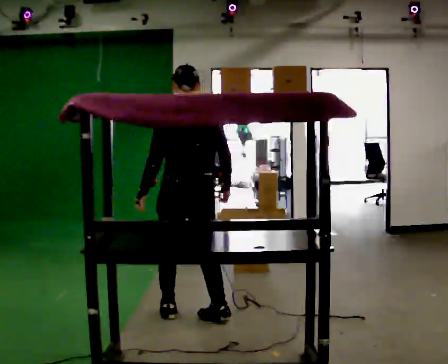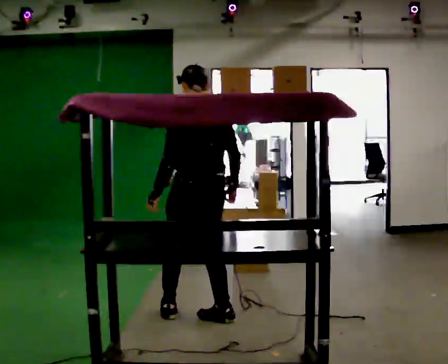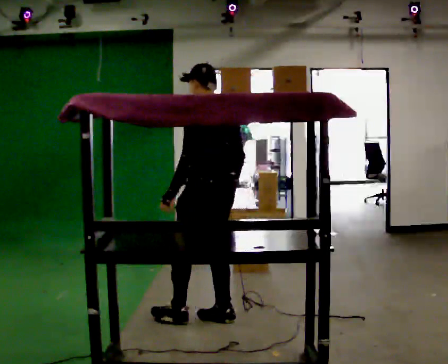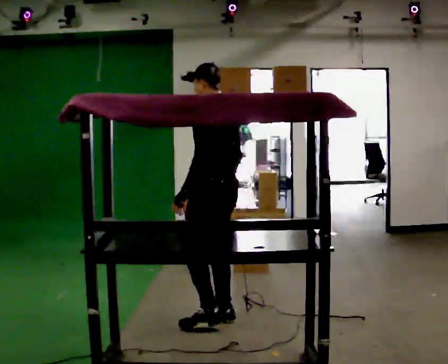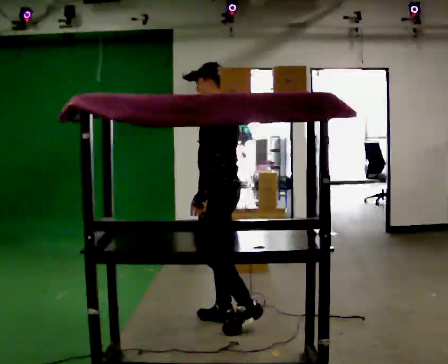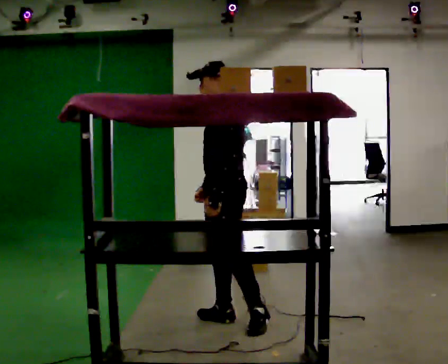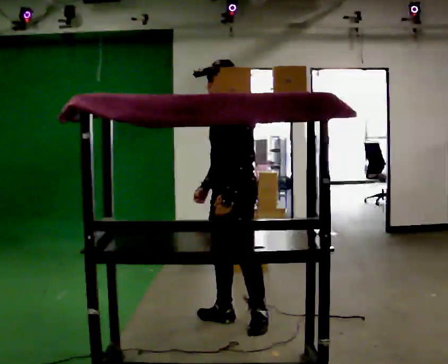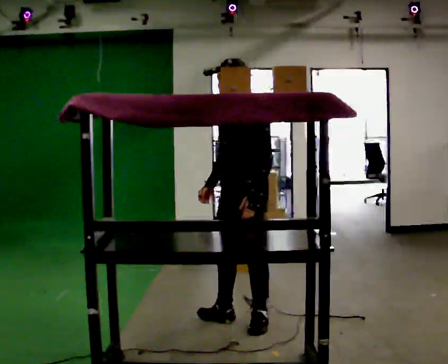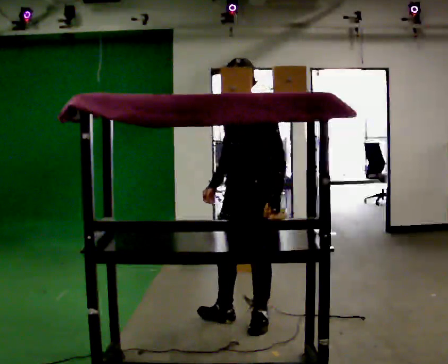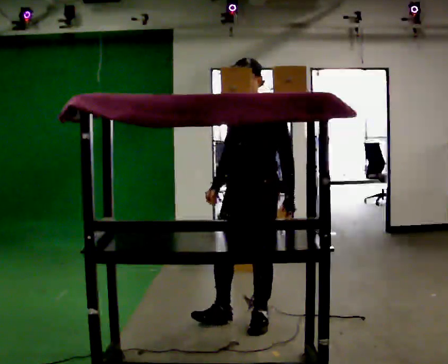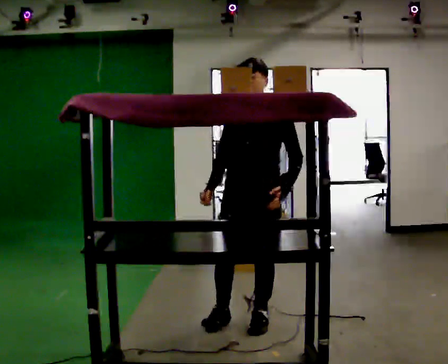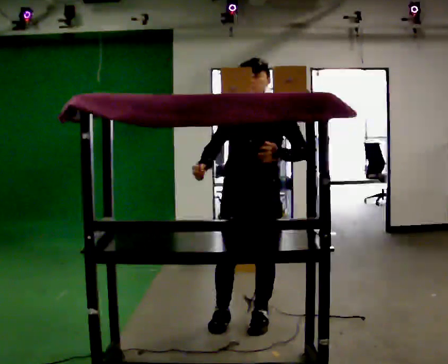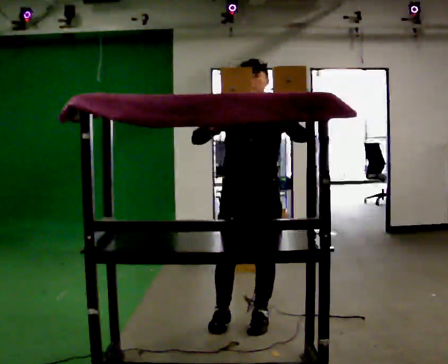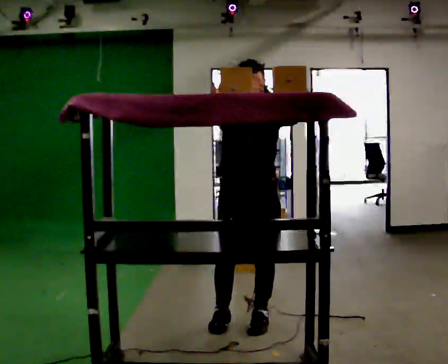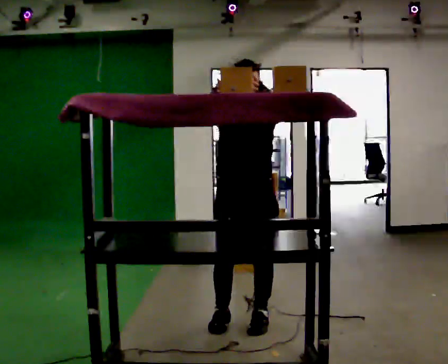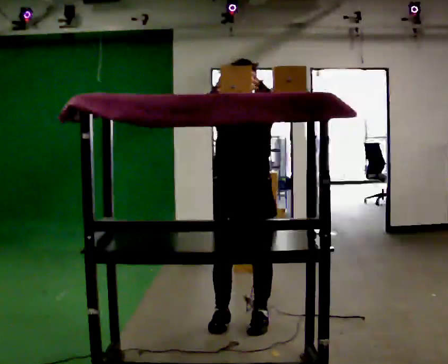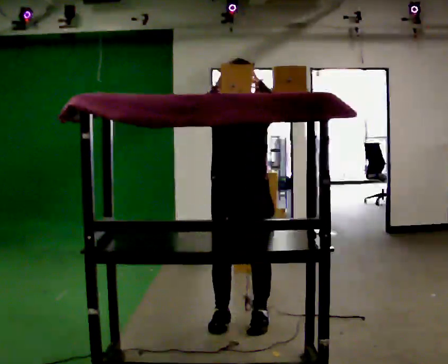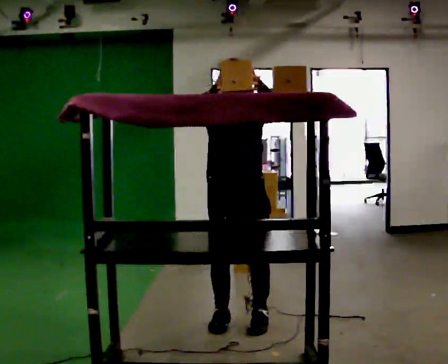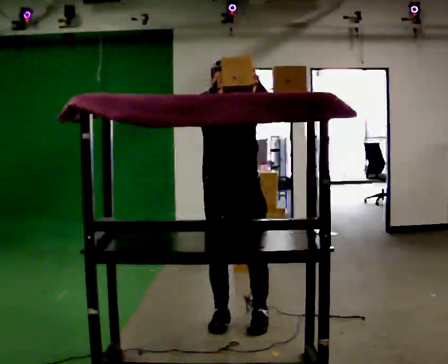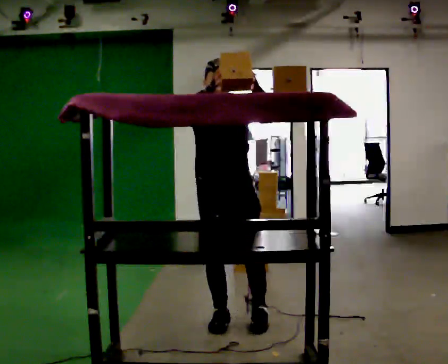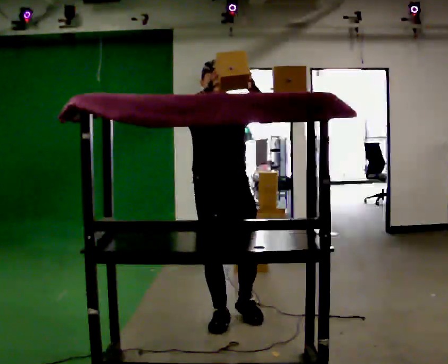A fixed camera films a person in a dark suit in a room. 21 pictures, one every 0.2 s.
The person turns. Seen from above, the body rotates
counterclockwise.
Their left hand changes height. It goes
upward.
0.0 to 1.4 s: Seen from above the body turns counterclockwise, about 105 degrees: to their left, with its near side sliding to the right. In the picture they go to the right, about 0.5 m in 1 step.
1.4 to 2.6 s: The part of the body nearest the lens slides to the right as the person turns to their left by about 45 degrees. In the picture their right hand goes upward.
2.6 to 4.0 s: In the picture they go to the left, about 0.25 m in 1 step, which for them is to their right.
The film runs backward here.
